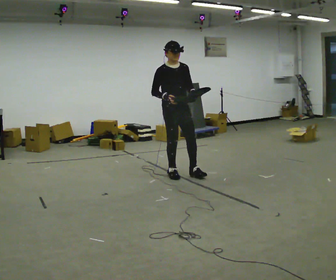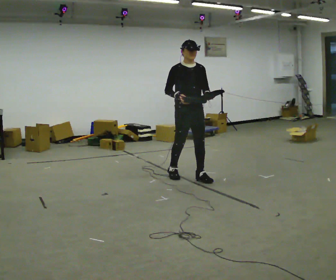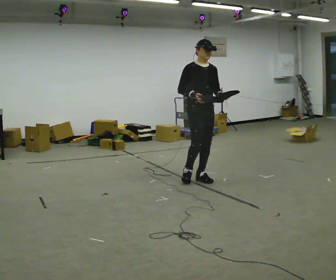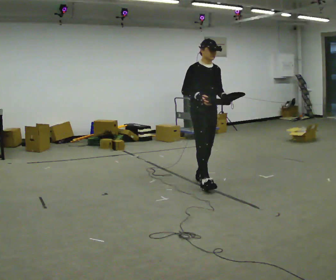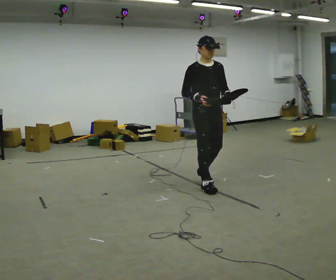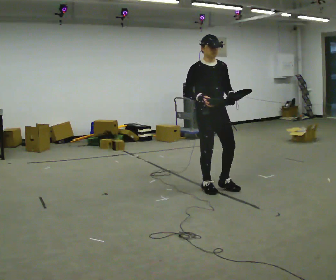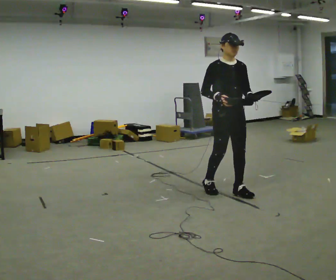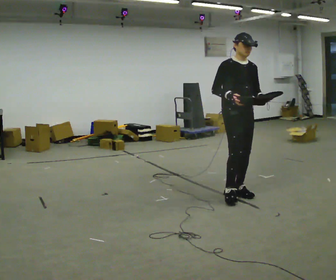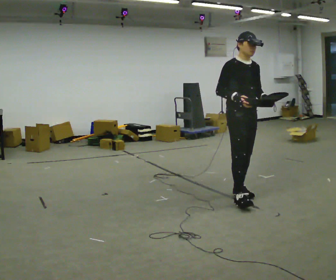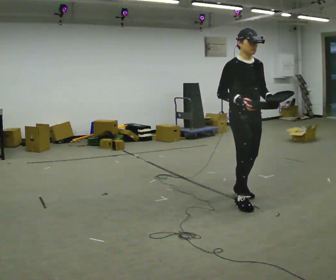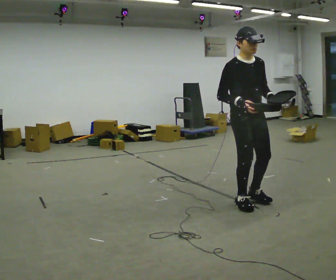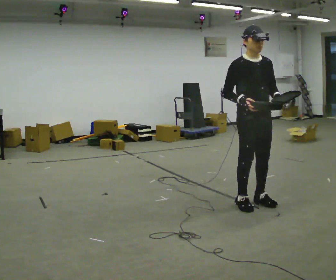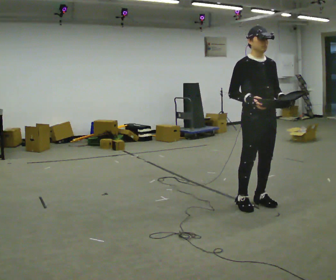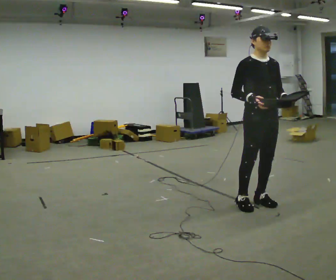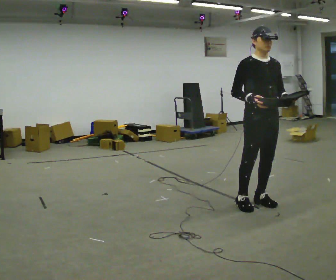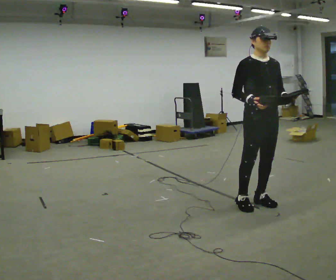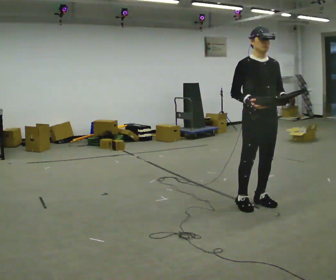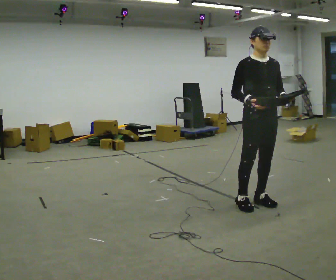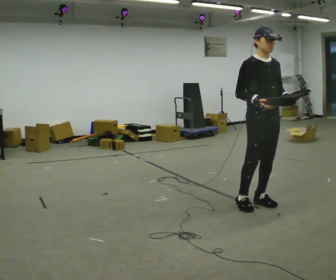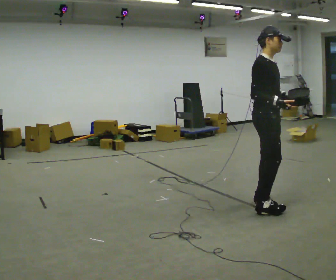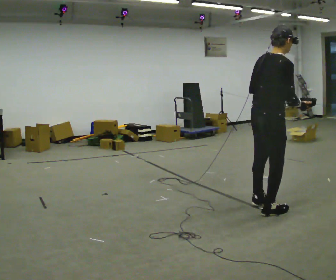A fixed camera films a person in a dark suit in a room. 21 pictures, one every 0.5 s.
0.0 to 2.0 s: In the picture they go to the right and toward the camera, about 0.75 m in 2 steps, which for them is forward.
2.0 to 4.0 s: In the picture they go to the right and toward the camera, about 0.5 m in 2 steps, which for them is forward.
4.0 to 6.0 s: In the picture they go toward the camera and to the right, about 0.25 m in 1 step, which for them is forward.
6.0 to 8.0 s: The person moves a little, or ends about where they began.
8.0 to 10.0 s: Seen from above the body turns counterclockwise, about 105 degrees: to their left, with its near side sliding to the right. In the picture they go toward the camera, about 0.25 m in 1 step.
The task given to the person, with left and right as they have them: Carry the object across the room. The lid hangs loose and will swing, so carry it however works. Keep going until the operator says stop; one object at a time, and do not rush between trips.
The film runs forward here.
